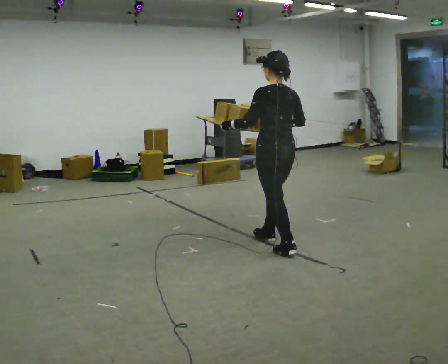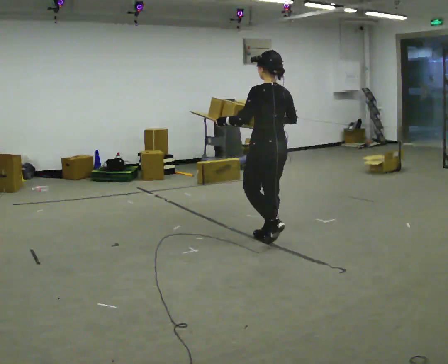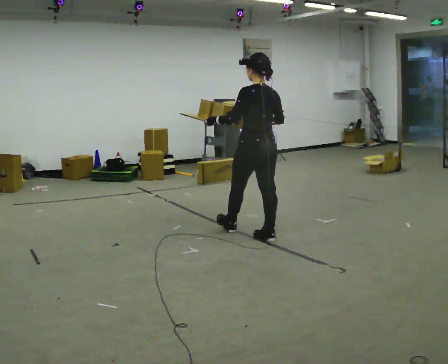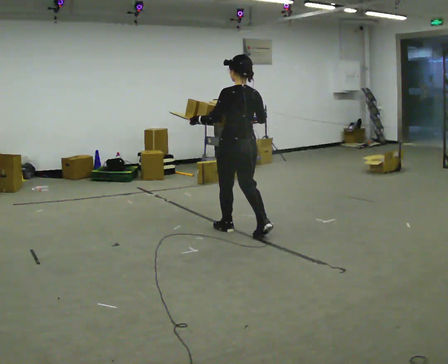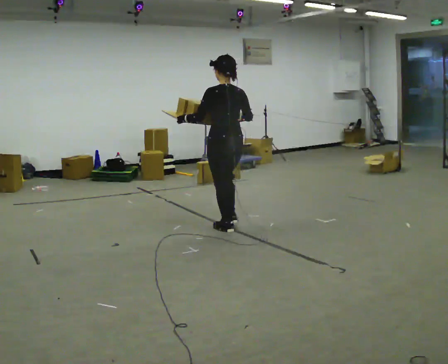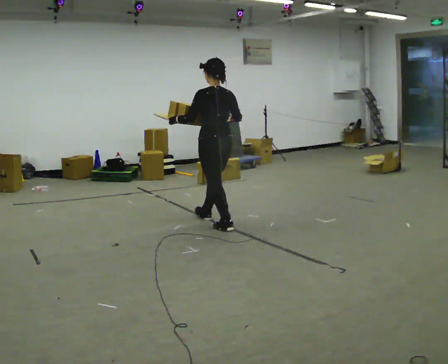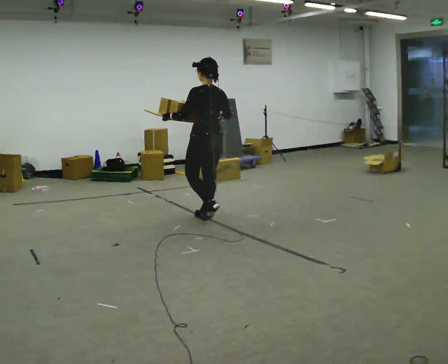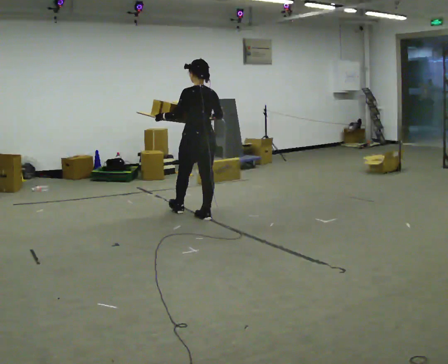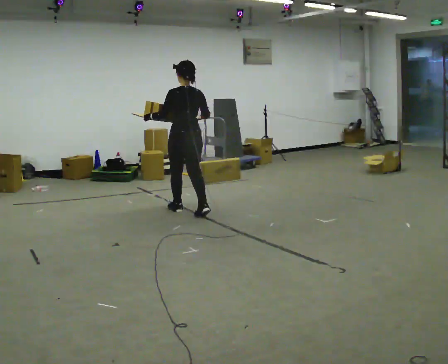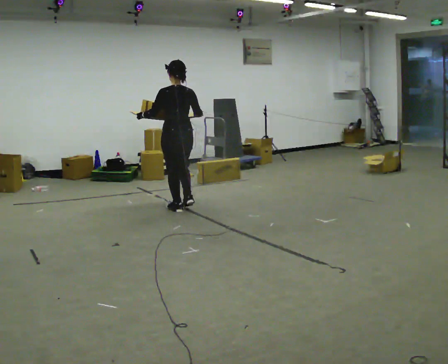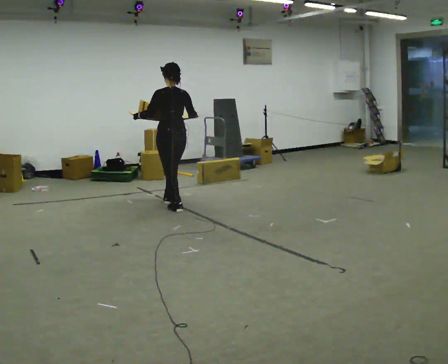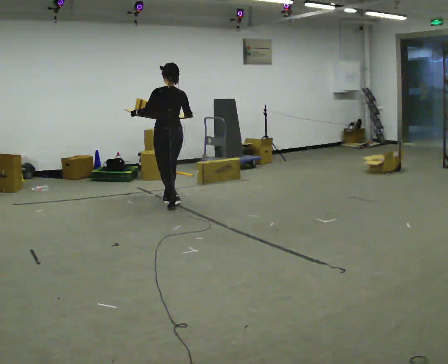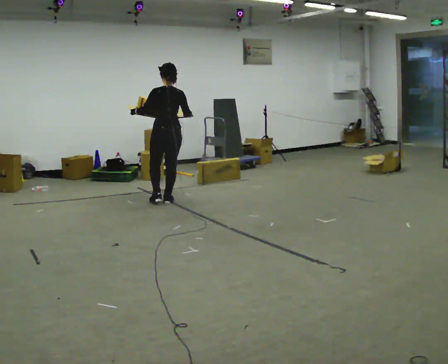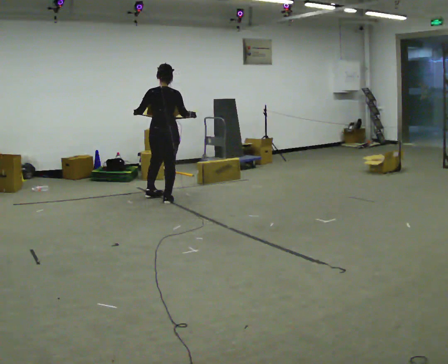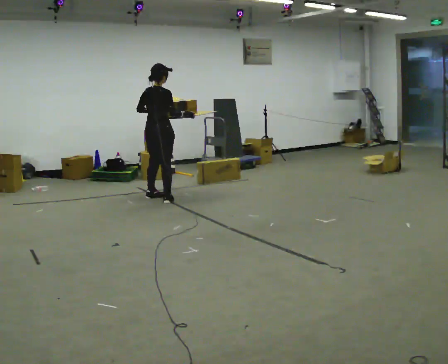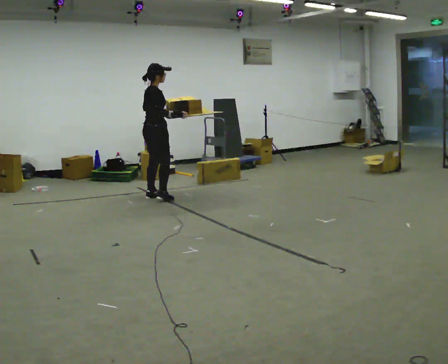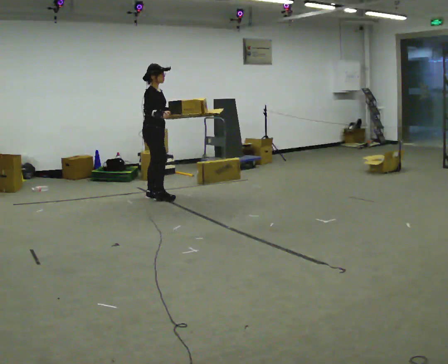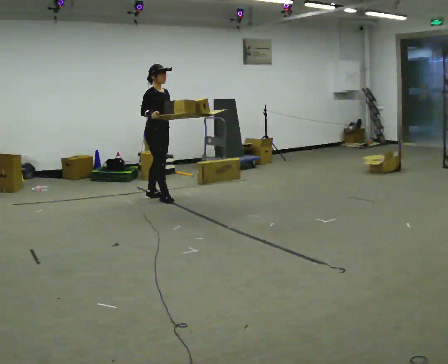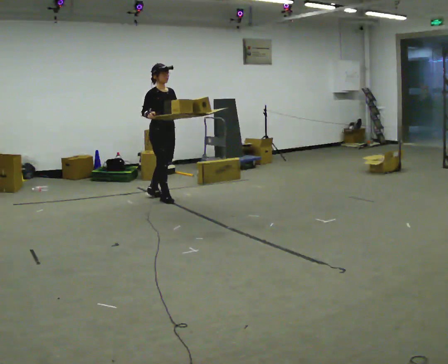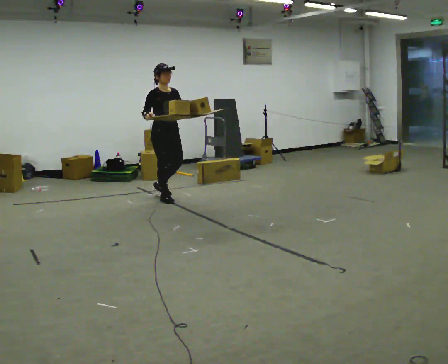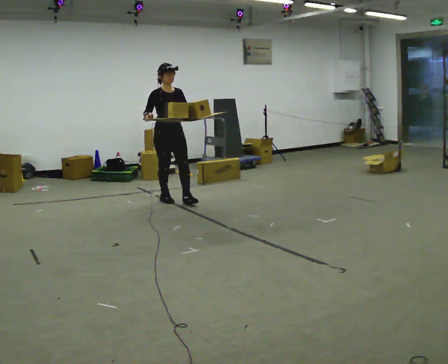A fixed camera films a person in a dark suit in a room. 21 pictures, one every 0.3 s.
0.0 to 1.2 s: In the picture they go away from the camera and to the left, about 0.75 m in 1 step, which for them is forward.
1.2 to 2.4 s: In the picture they go away from the camera and to the left, about 0.5 m in 2 steps, which for them is forward.
2.4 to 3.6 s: In the picture they go away from the camera and to the left, about 0.5 m in 1 step, which for them is forward.
3.6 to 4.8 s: The part of the body nearest the lens slides to the left as the person turns to their right by about 120 degrees. In the picture they go away from the camera and to the left, about 0.25 m in 2 steps.
4.8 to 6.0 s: The part of the body nearest the lens slides to the left as the person turns to their right by about 45 degrees. In the picture they go toward the camera and to the right, about 0.25 m, which for them is forward.
The film runs forward here.
